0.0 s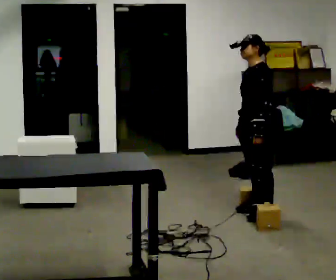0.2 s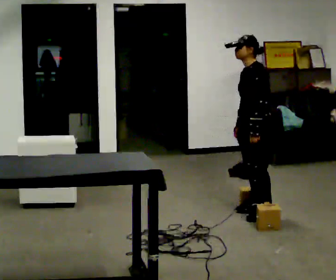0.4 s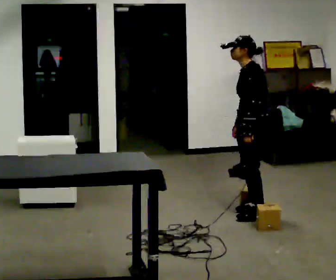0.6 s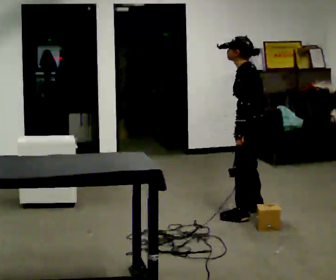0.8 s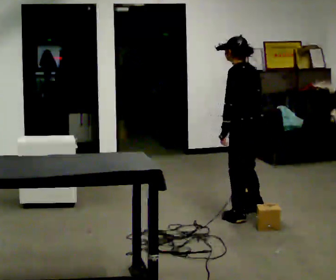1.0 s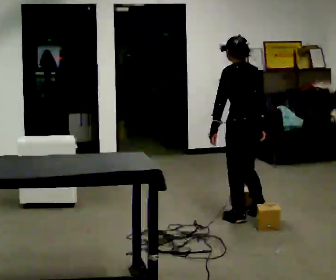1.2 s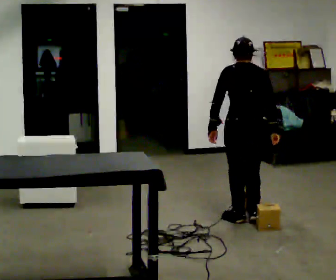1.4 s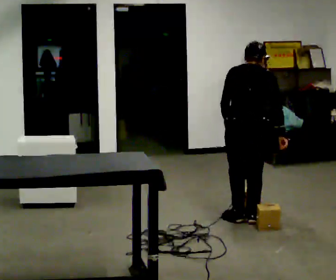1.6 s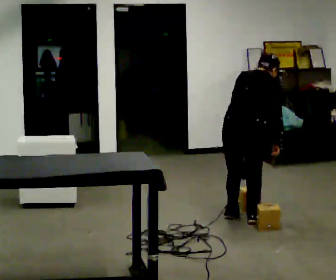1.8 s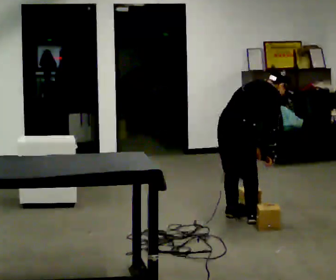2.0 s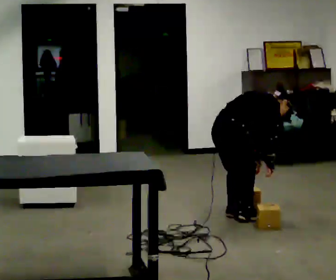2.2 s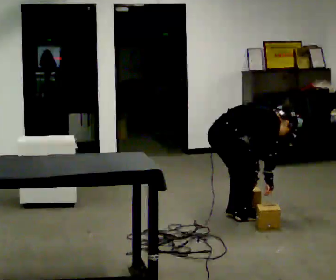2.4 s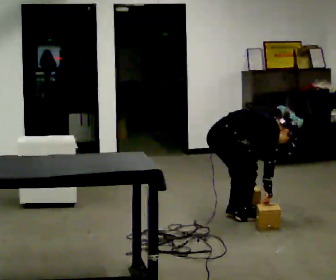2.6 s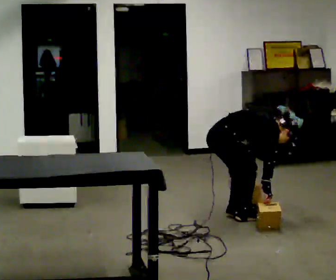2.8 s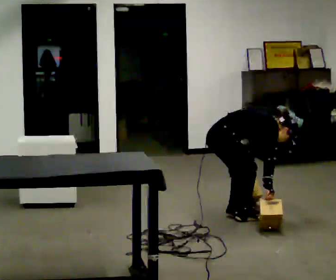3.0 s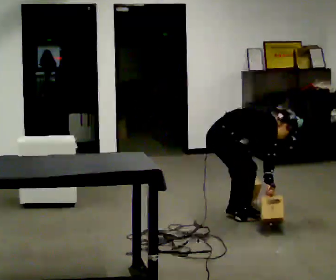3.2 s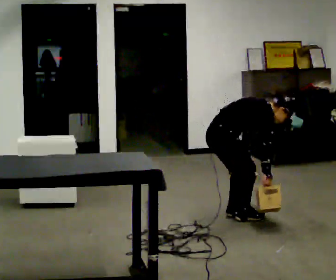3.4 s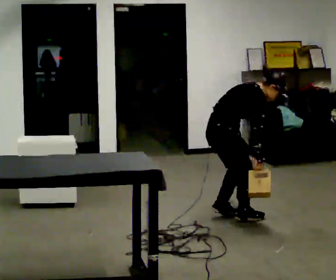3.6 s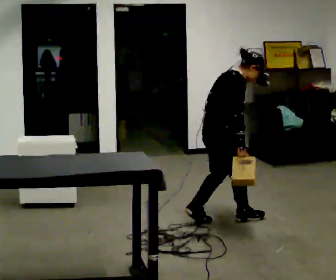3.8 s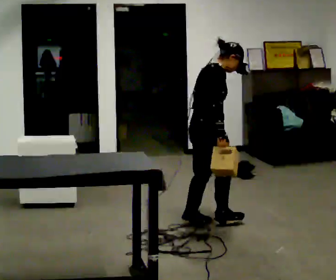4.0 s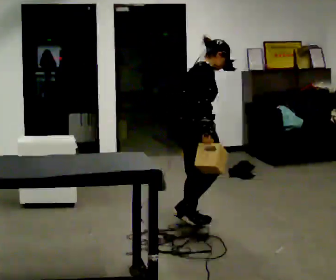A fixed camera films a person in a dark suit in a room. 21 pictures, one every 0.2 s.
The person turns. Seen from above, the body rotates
clockwise.
The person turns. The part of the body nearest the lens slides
to the left.
0.0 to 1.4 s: Seen from above the body turns clockwise, about 105 degrees: to their right, with its near side sliding to the left. In the picture they go toward the camera, about 0.25 m in 2 steps.
1.4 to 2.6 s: The part of the body nearest the lens slides to the left as the person turns to their right by about 75 degrees. In the picture they go to the left, about 0.25 m in 1 step. The shoulders move downward. In the picture the upper body tilts clockwise, shoulders to the right, as they bend forward. In the picture their right hand goes downward.
2.6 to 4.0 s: In the picture they go toward the camera and to the left, about 0.25 m in 2 steps, which for them is backward. The shoulders move upward. In the picture the upper body tilts counterclockwise, shoulders to the left, as they lean back or straighten. In the picture their right hand goes upward.
The film runs backward here.
